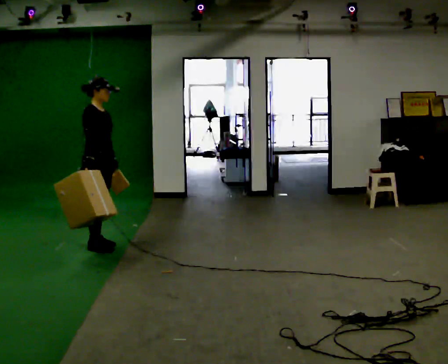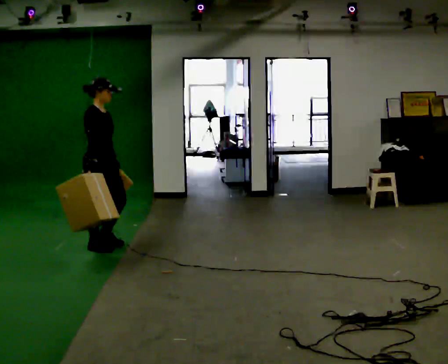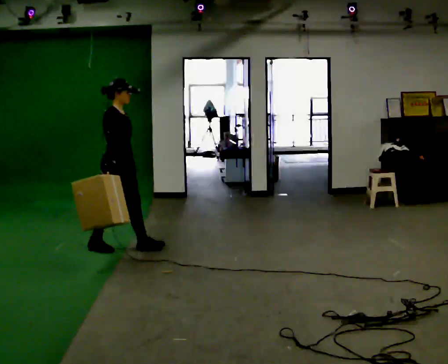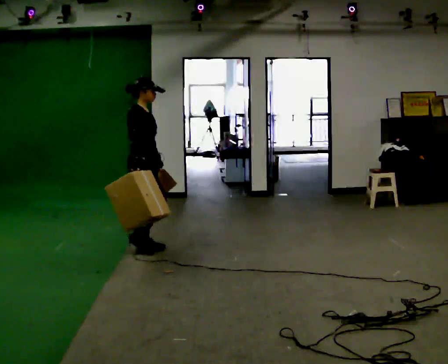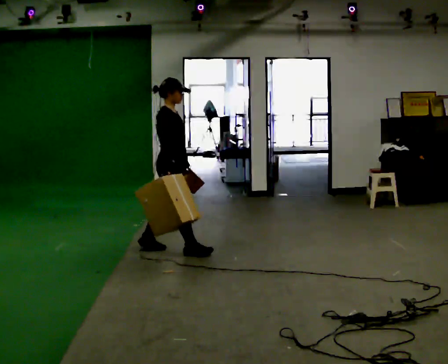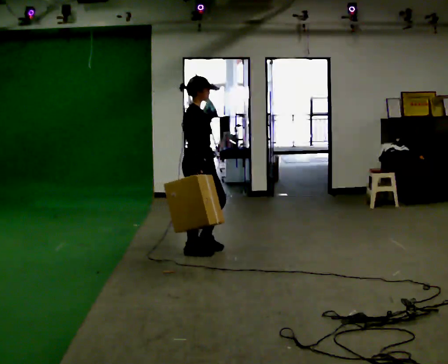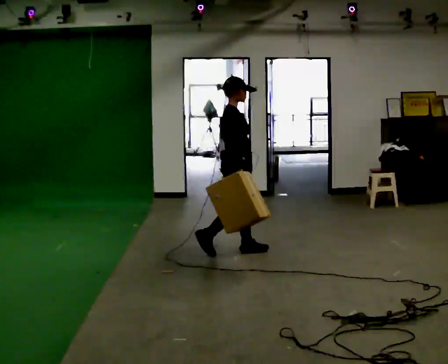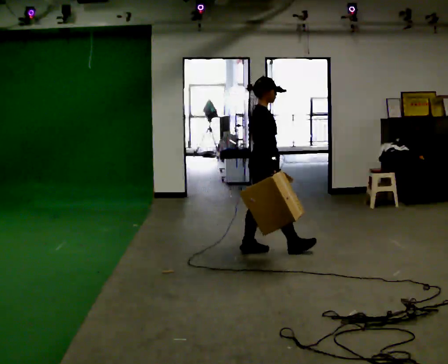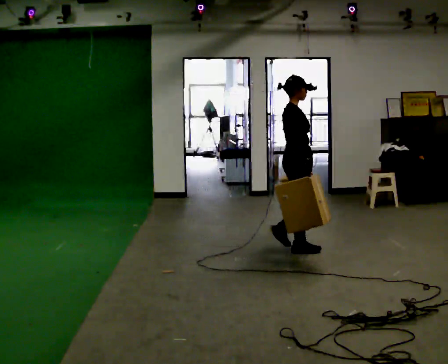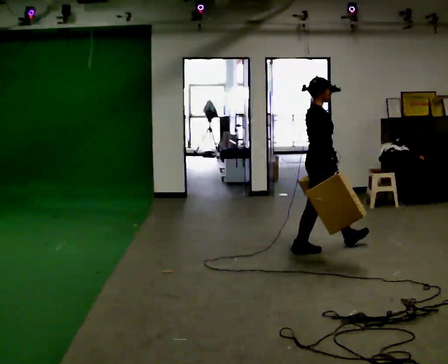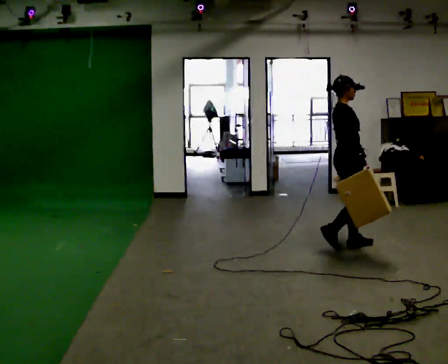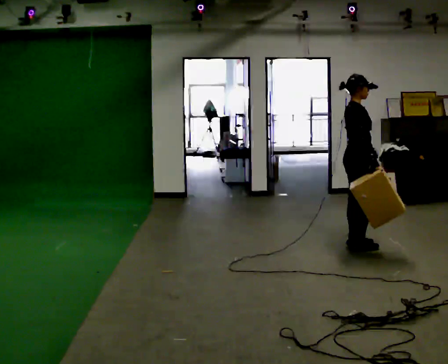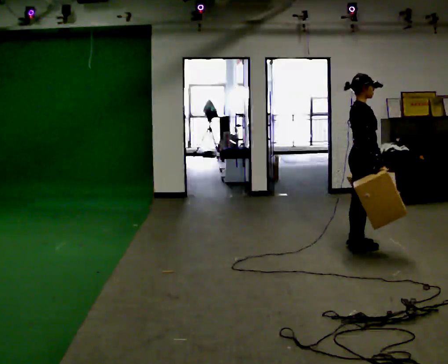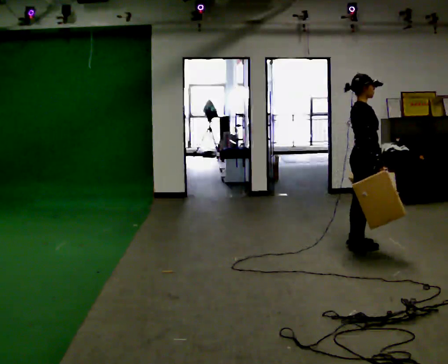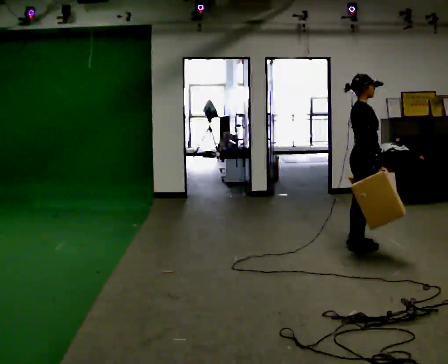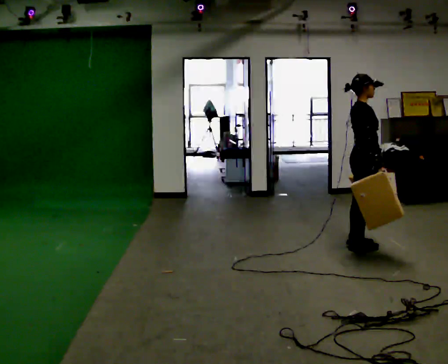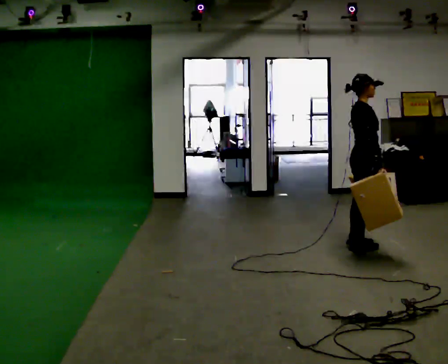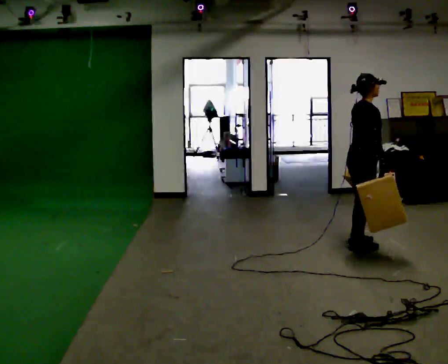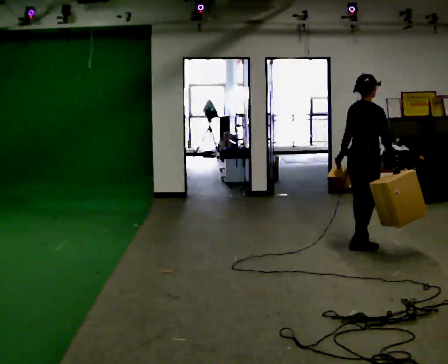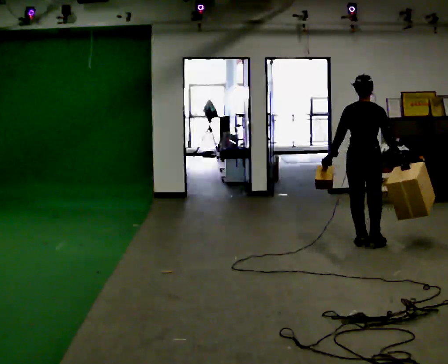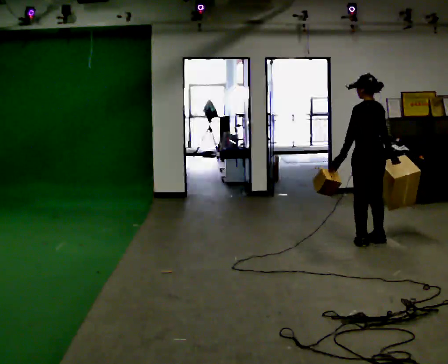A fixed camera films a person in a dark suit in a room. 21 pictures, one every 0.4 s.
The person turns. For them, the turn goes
to their left.
The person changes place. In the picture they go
to the right.
0.0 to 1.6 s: In the picture they go to the right, about 0.75 m in 2 steps, which for them is forward.
1.6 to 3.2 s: In the picture they go to the right, about 1 m in 2 steps, which for them is forward.
3.2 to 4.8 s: In the picture they go to the right, about 0.5 m in 2 steps, which for them is forward.
4.8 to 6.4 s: The person moves a little, or ends about where they began.
6.4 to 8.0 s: The person turns about 120 degrees to their left, counterclockwise seen from above, so the part of the body nearest the lens slides to the right. In the picture they go away from the camera, about 0.25 m in 1 step.
The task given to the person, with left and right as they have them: Carry one object in each hand, the heavy one in the hand the operator calls, walking back and forth across the room.
The film runs forward here.
